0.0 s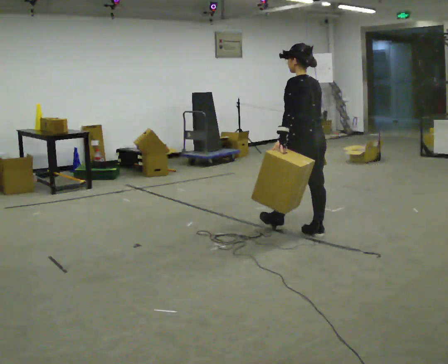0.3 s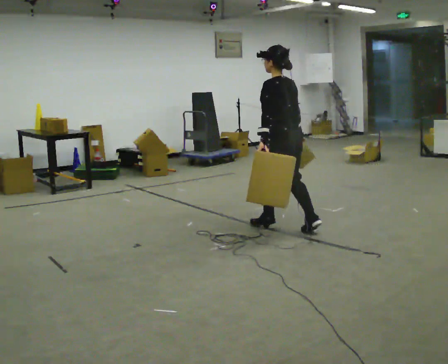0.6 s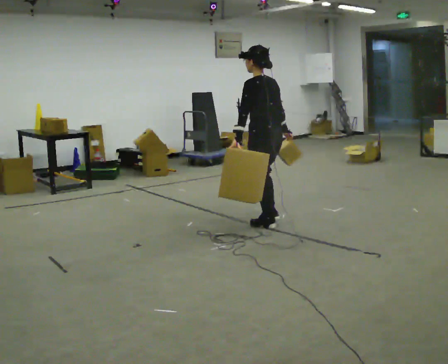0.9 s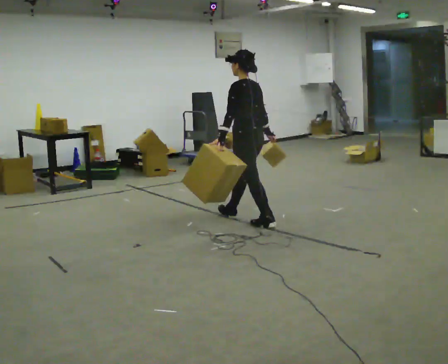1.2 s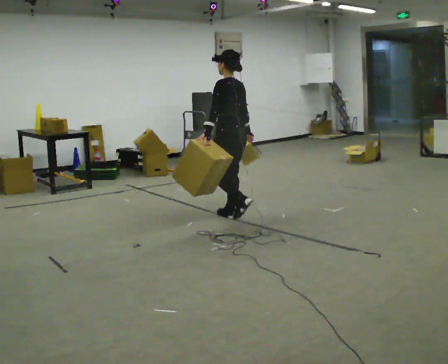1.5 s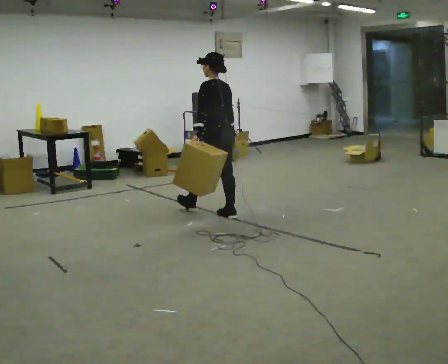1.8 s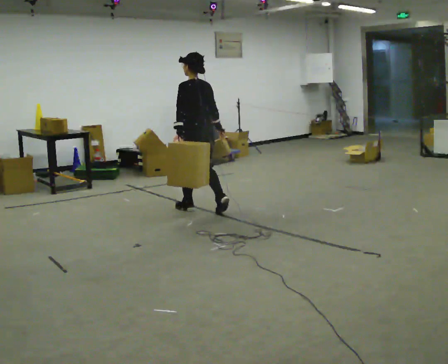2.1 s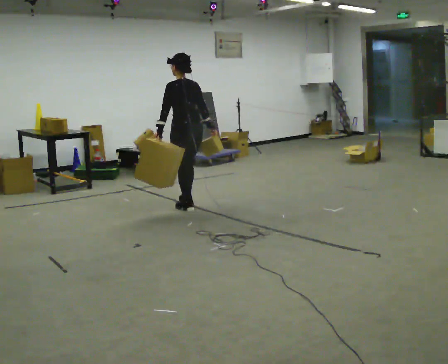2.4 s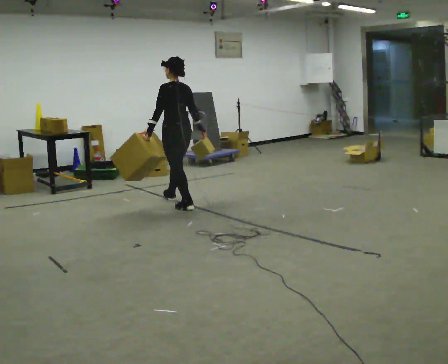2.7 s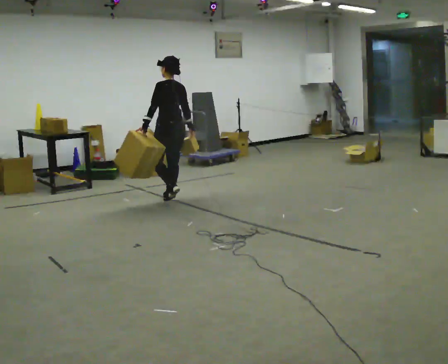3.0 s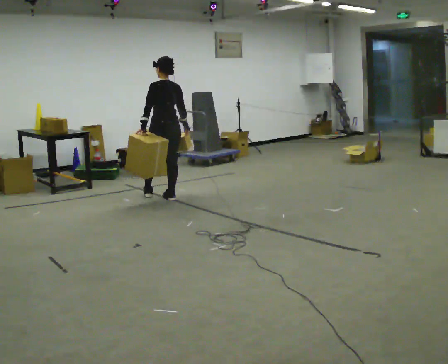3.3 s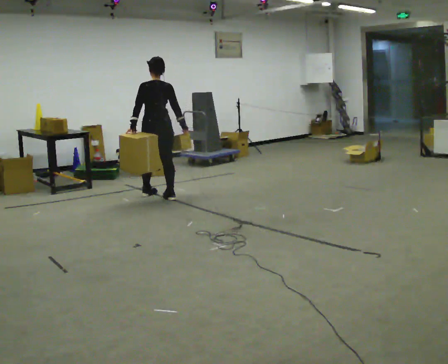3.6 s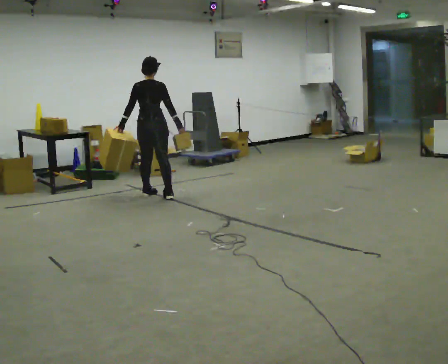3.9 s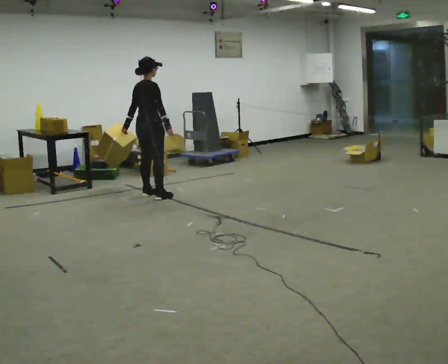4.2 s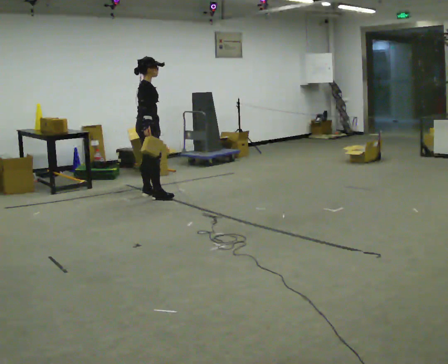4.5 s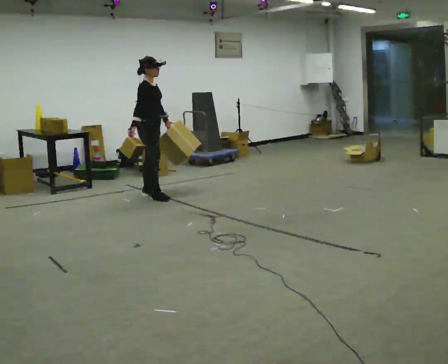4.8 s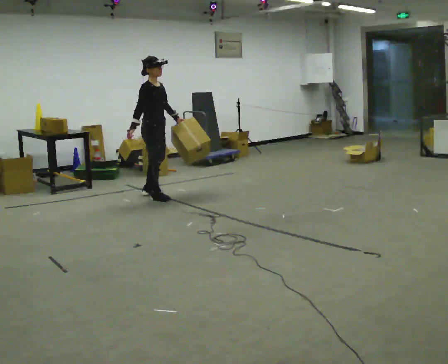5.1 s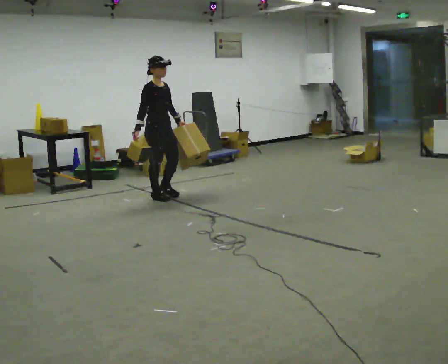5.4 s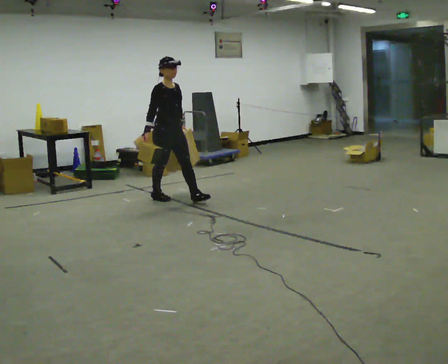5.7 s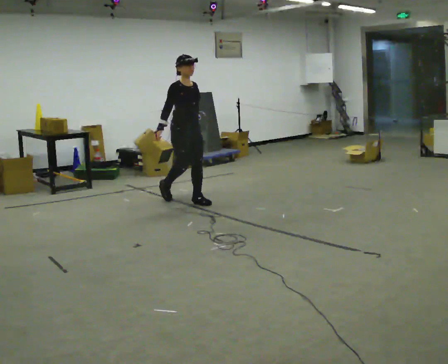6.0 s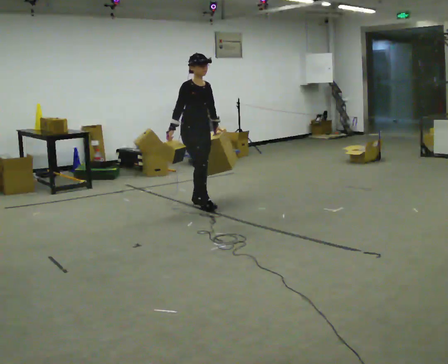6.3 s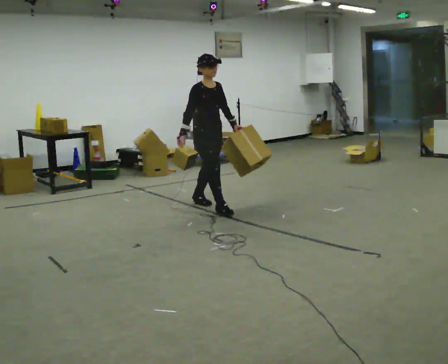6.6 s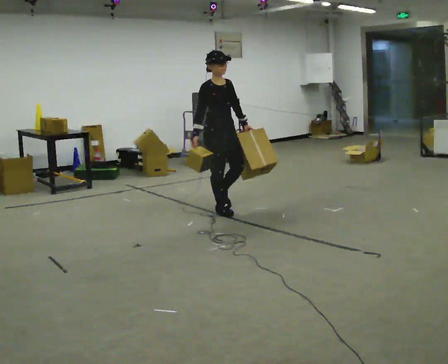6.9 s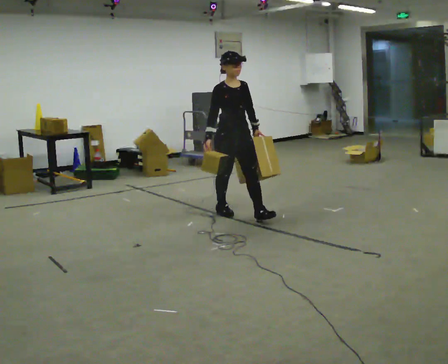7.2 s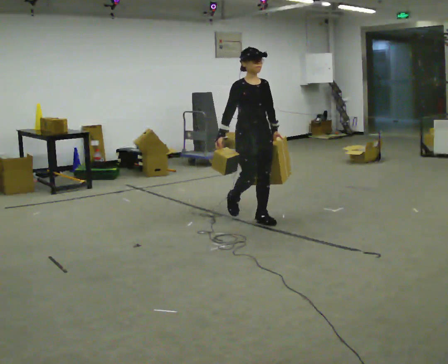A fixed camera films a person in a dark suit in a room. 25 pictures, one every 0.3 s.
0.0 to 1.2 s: In the picture they go away from the camera and to the left, about 1 m in 2 steps, which for them is forward.
1.2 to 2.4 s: In the picture they go away from the camera and to the left, about 1 m in 2 steps, which for them is forward.
2.4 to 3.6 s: Seen from above the body turns clockwise, about 60 degrees: to their right, with its near side sliding to the left. In the picture they go away from the camera and to the left, about 0.5 m in 1 step.
3.6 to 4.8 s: The person turns about 90 degrees to their right, clockwise seen from above, so the part of the body nearest the lens slides to the left. In the picture their left hand goes to the right, the arm swinging counterclockwise.
4.8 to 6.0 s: Seen from above the body turns clockwise, about 30 degrees: to their right, with its near side sliding to the left. In the picture they go to the right and toward the camera, about 0.5 m in 1 step, which for them is forward.
6.0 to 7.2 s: In the picture they go toward the camera and to the right, about 1 m in 2 steps, which for them is forward.
The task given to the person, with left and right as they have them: Carry one object in each hand, the heavy one in the hand the operator calls, walking back and forth across the room.
The film runs forward here.
